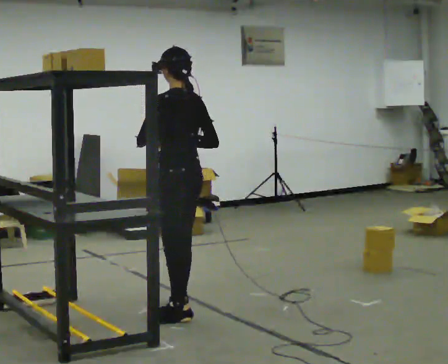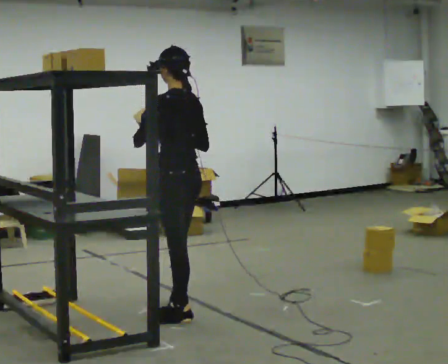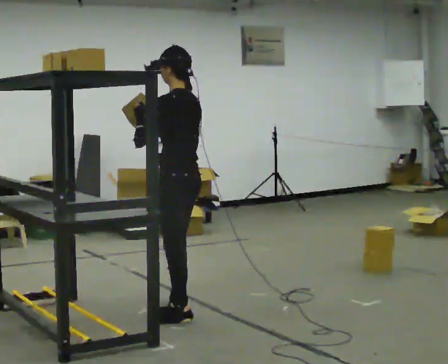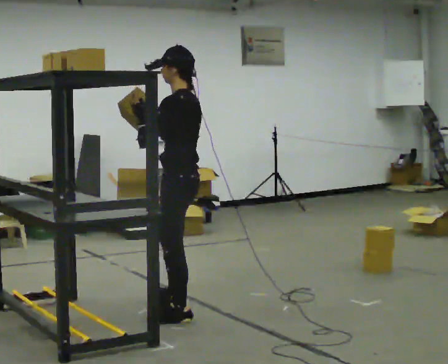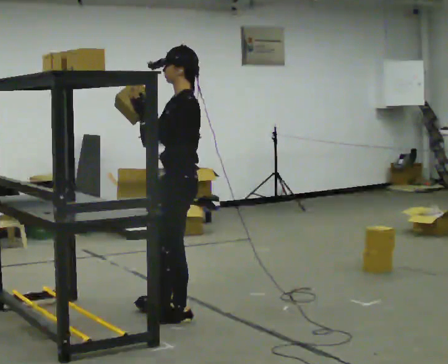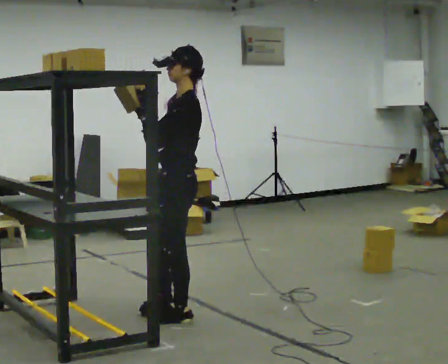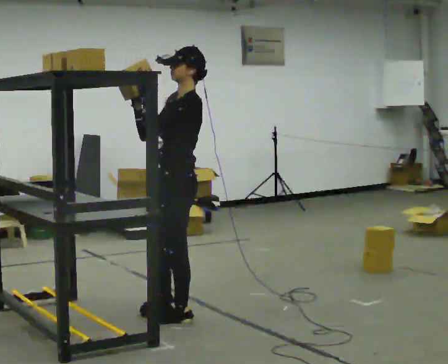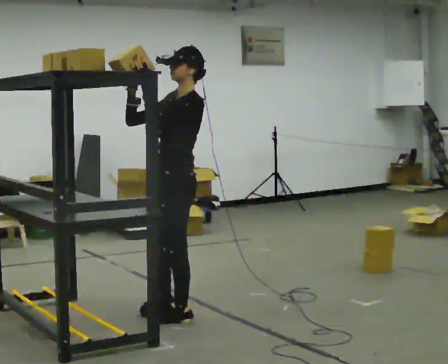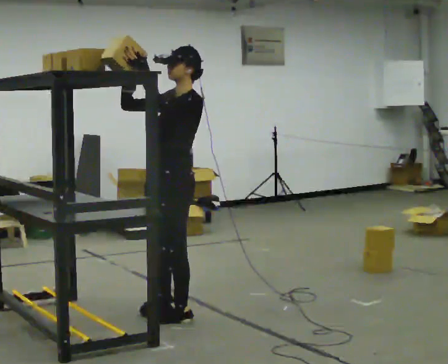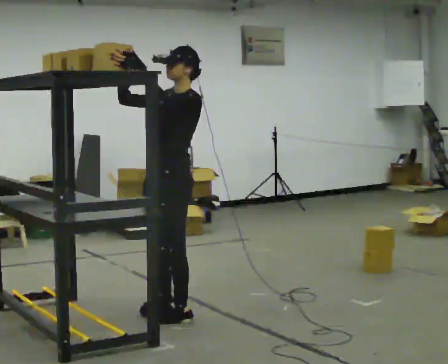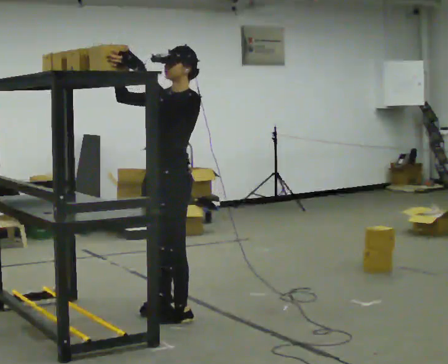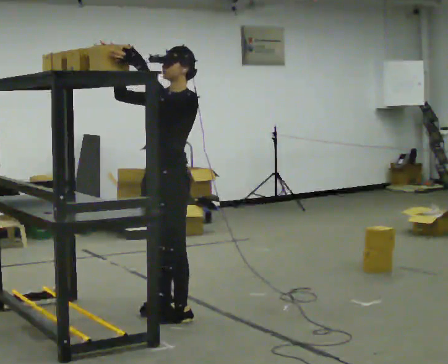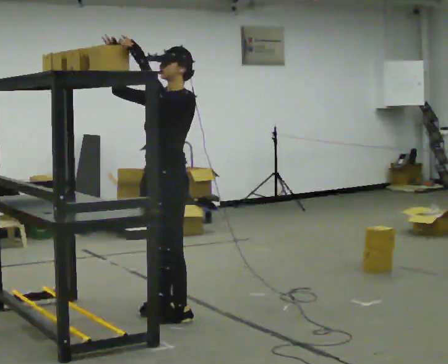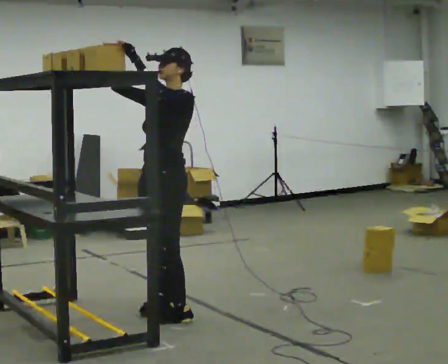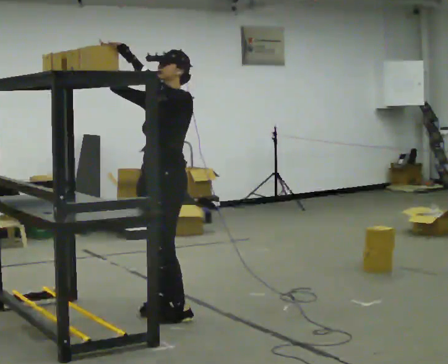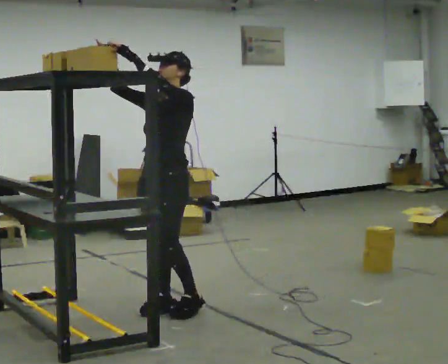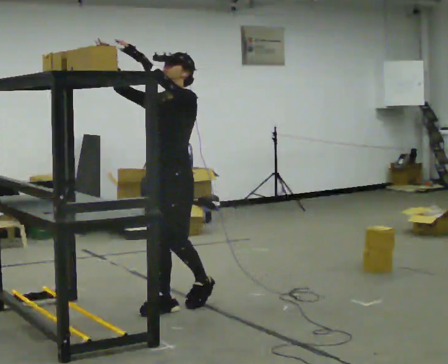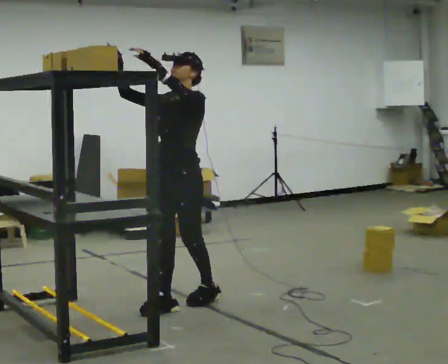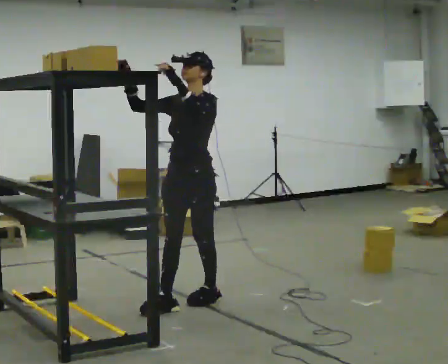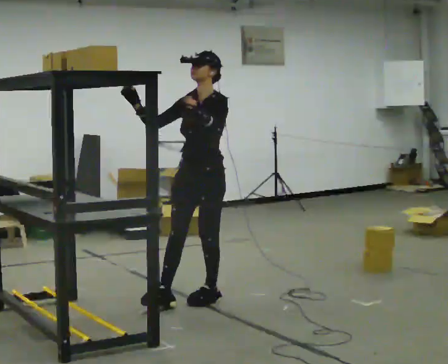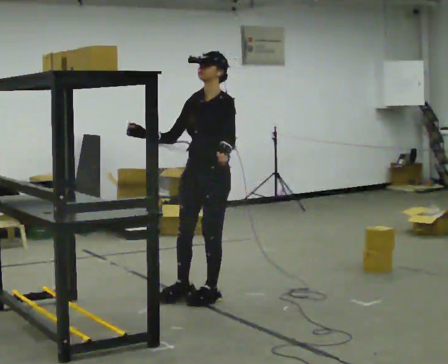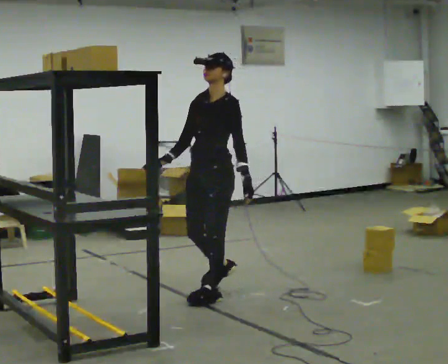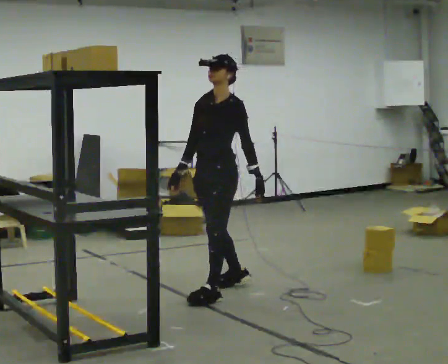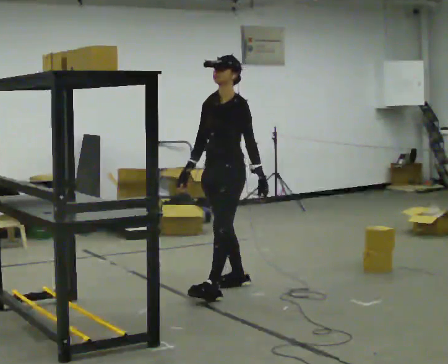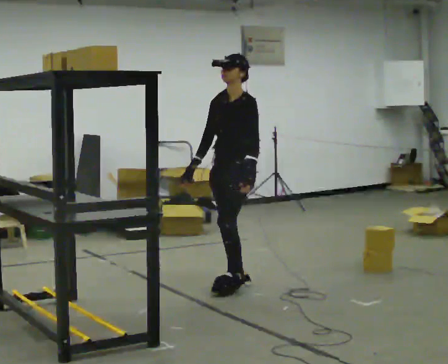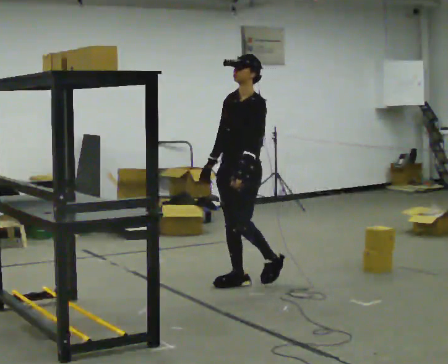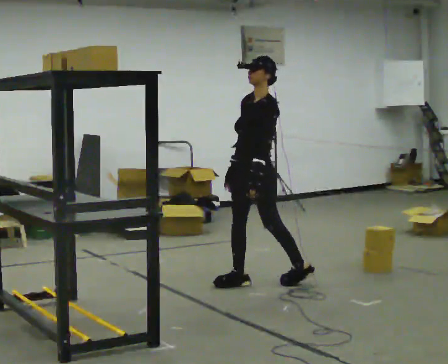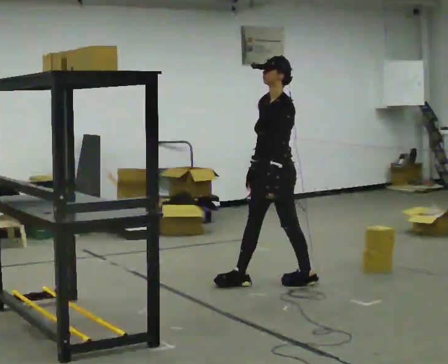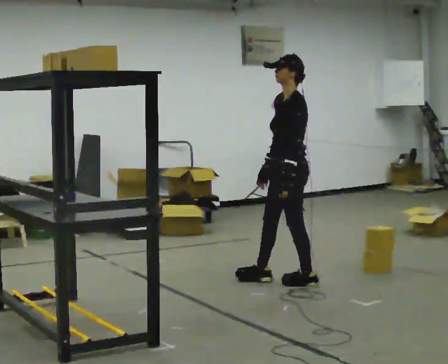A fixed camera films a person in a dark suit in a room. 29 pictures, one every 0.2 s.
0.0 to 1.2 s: Seen from above the body turns counterclockwise, about 60 degrees: to their left, with its near side sliding to the right. In the picture they go toward the camera, about 0.25 m, which for them is to their left. In the picture their right hand goes to the left.
1.2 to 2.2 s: The person moves a little, or ends about where they began.
2.2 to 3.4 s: In the picture they go away from the camera, about 0.25 m in 1 step, which for them is to their right and backward.
3.4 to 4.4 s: In the picture they go away from the camera and to the right, about 0.5 m in 1 step, which for them is backward. In the picture their left hand goes downward.
4.4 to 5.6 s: The person turns about 30 degrees to their right, clockwise seen from above, so the part of the body nearest the lens slides to the left. In the picture they go to the right and away from the camera, about 0.5 m in 2 steps, which for them is backward.
The film runs backward here.
